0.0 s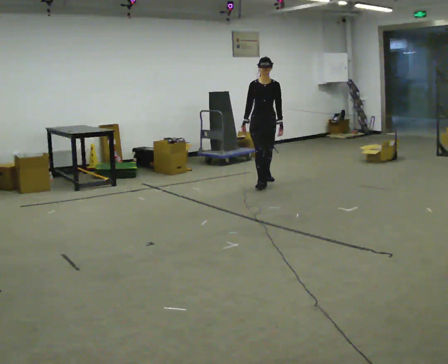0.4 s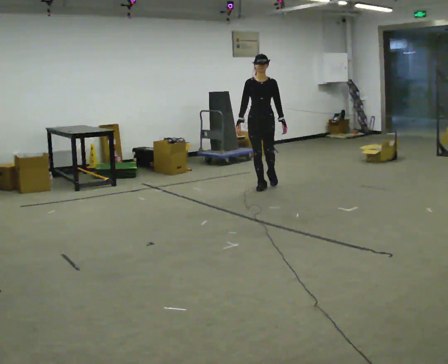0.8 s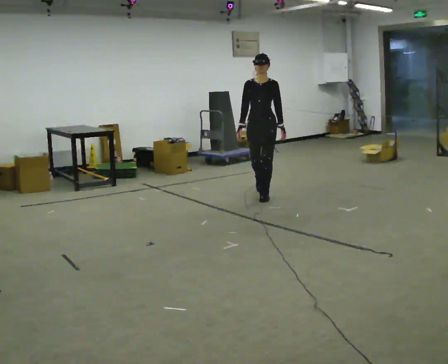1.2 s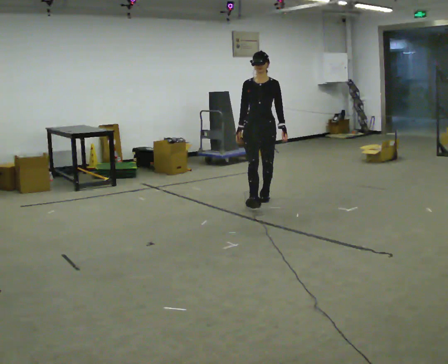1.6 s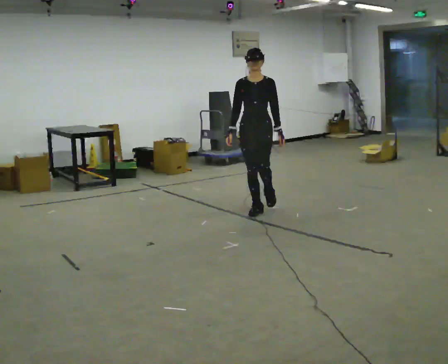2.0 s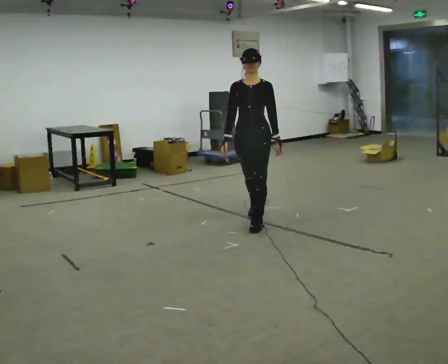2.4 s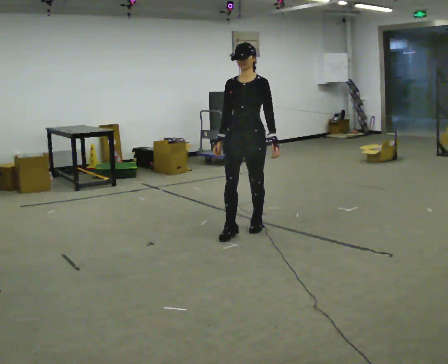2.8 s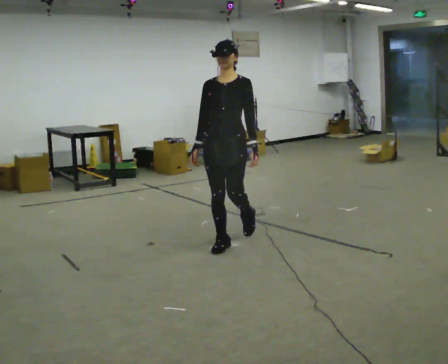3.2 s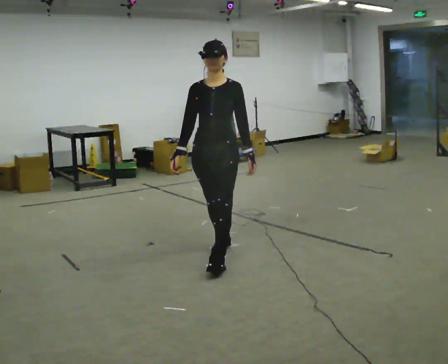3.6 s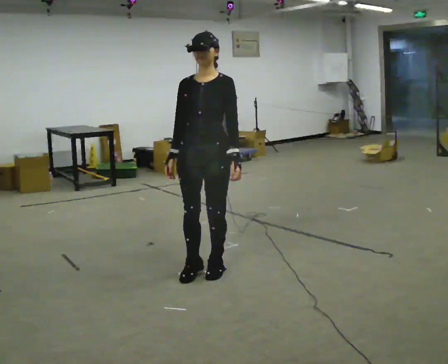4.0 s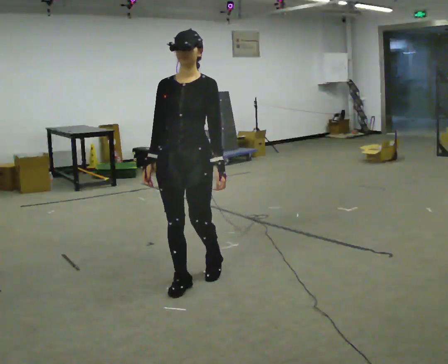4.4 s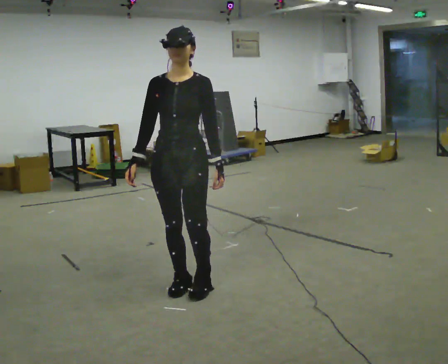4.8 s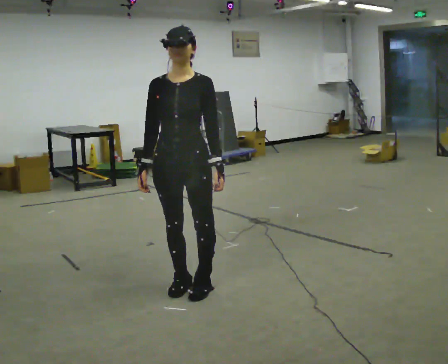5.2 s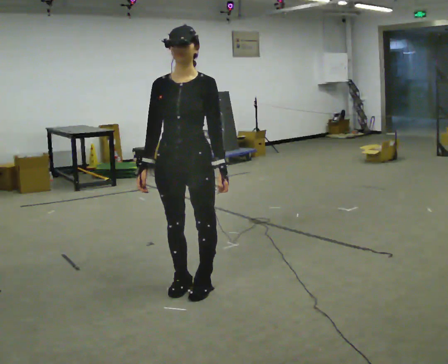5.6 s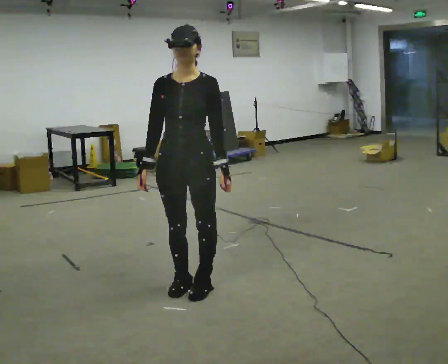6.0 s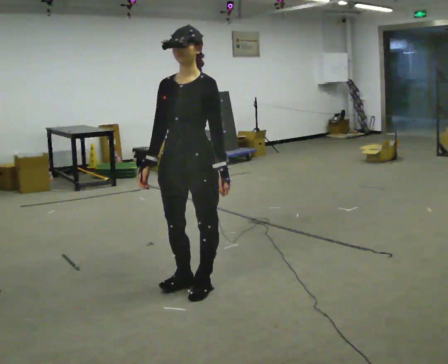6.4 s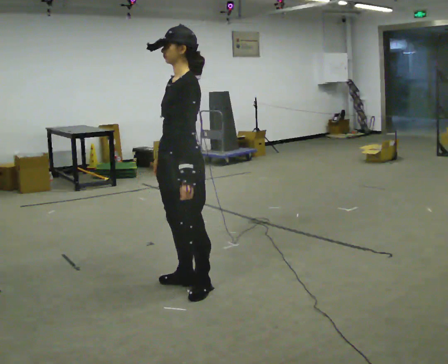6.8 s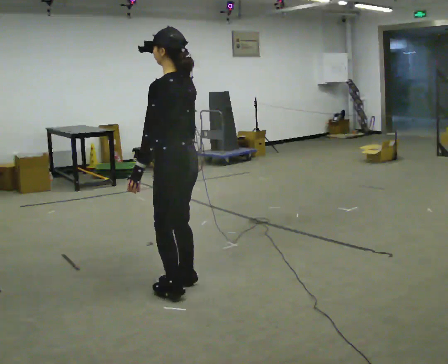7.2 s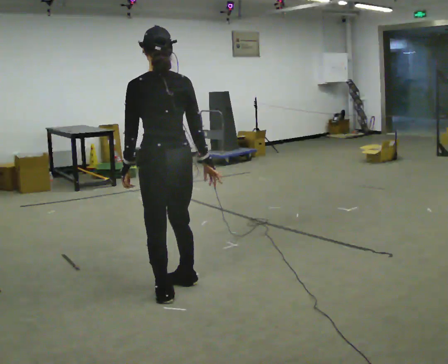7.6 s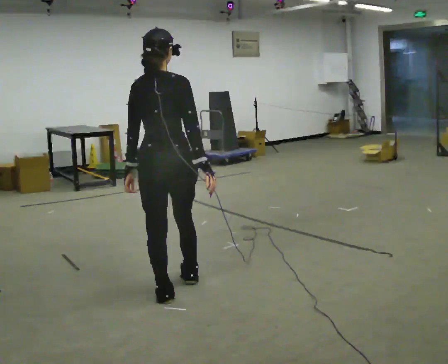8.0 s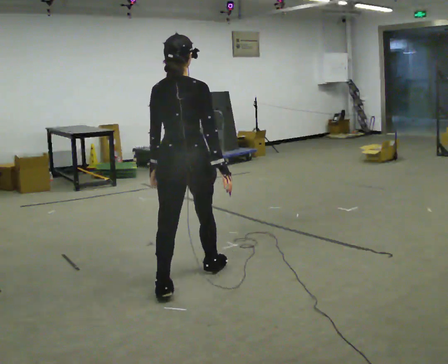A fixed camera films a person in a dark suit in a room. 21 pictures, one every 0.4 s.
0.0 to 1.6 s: In the picture they go toward the camera, about 1.5 m in 2 steps, which for them is forward.
1.6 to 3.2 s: In the picture they go toward the camera, about 1.5 m in 2 steps, which for them is forward.
3.2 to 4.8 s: In the picture they go toward the camera, about 0.75 m in 3 steps, which for them is forward.
4.8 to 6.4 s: The person turns about 60 degrees to their right, clockwise seen from above, so the part of the body nearest the lens slides to the left.
6.4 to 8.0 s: The person turns about 120 degrees to their right, clockwise seen from above, so the part of the body nearest the lens slides to the left. In the picture their right hand goes to the right.
The film runs forward here.
